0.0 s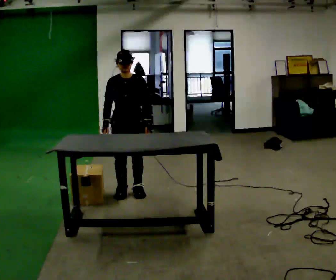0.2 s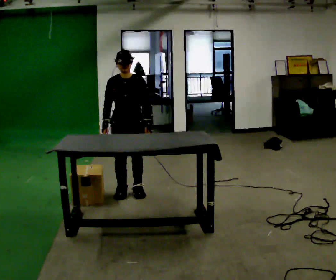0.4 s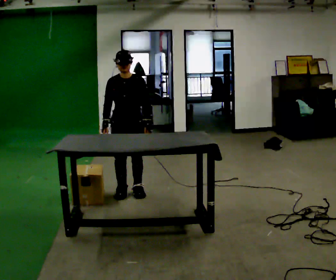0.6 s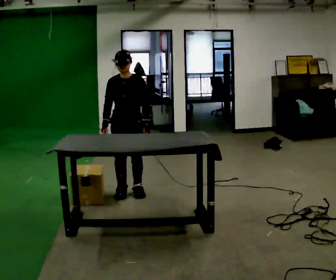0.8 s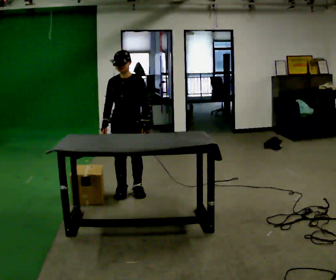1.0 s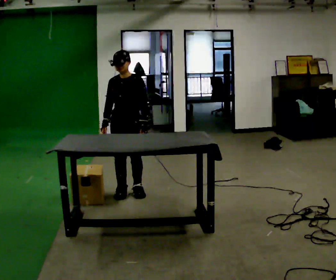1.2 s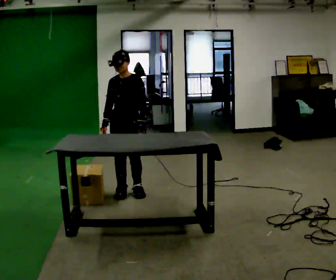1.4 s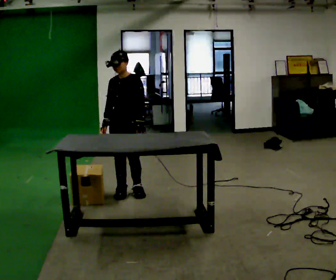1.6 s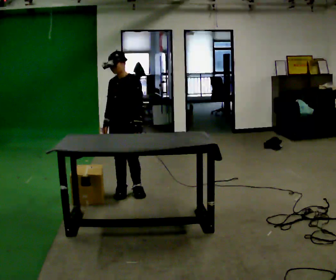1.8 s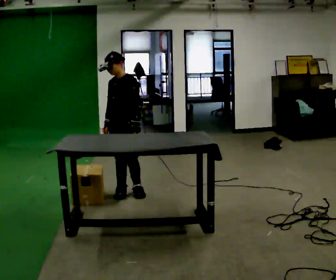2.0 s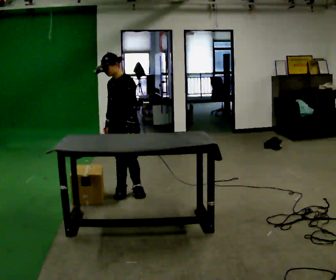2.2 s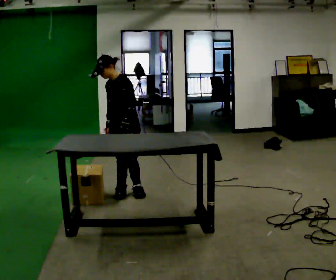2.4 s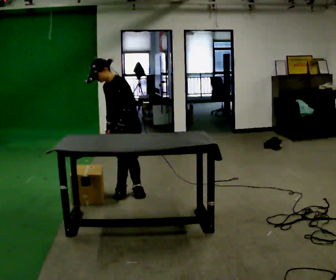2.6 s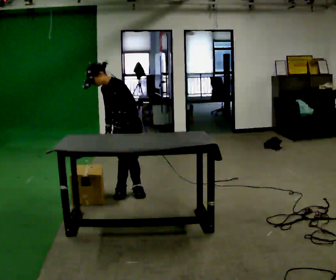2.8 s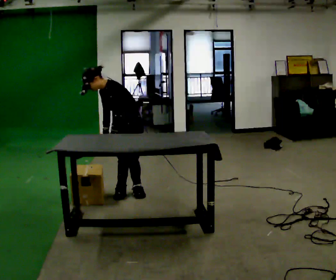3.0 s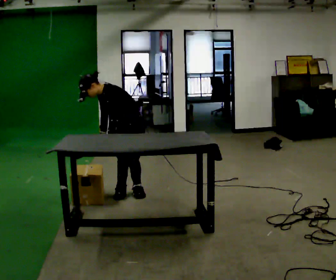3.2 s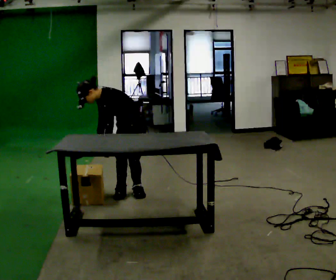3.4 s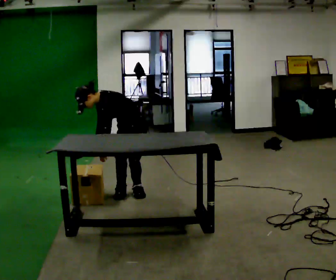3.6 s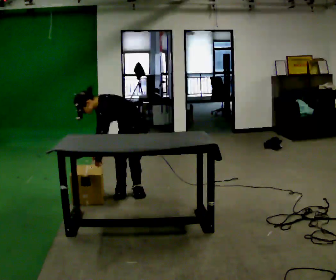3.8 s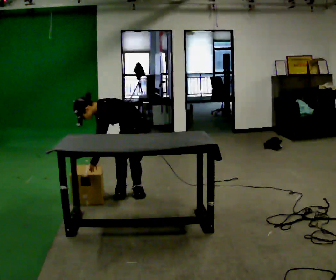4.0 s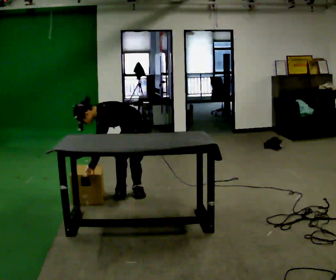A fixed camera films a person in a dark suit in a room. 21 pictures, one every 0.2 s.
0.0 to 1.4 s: The part of the body nearest the lens slides to the left as the person turns to their right by about 30 degrees.
1.4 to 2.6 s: Seen from above the body turns clockwise, about 30 degrees: to their right, with its near side sliding to the left. In the picture the upper body tilts counterclockwise, shoulders to the left, as they bend forward.
2.6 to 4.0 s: The shoulders move downward. In the picture the upper body tilts counterclockwise, shoulders to the left, as they bend forward.
The film runs forward here.
